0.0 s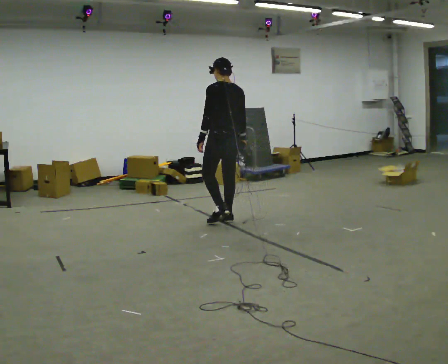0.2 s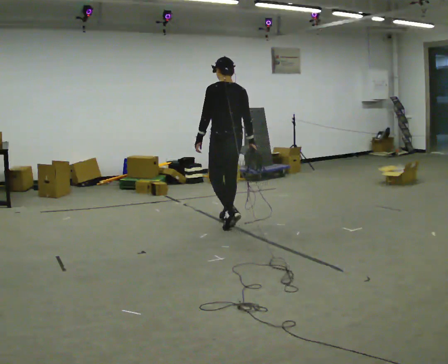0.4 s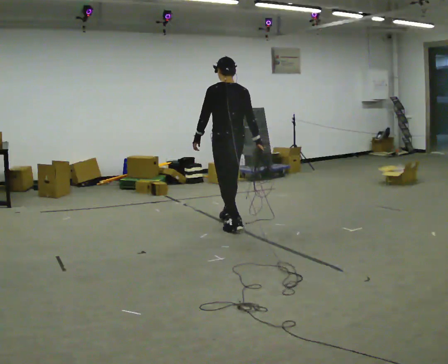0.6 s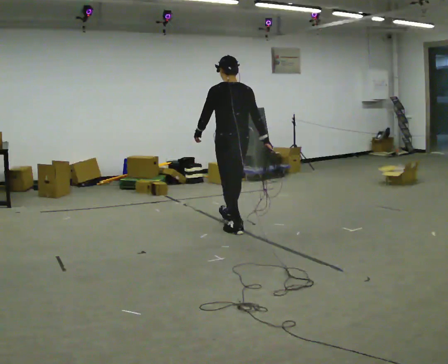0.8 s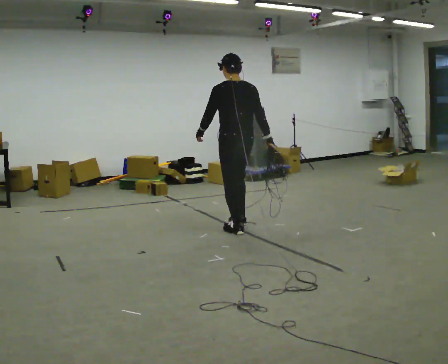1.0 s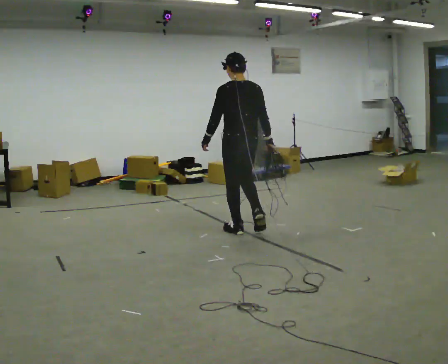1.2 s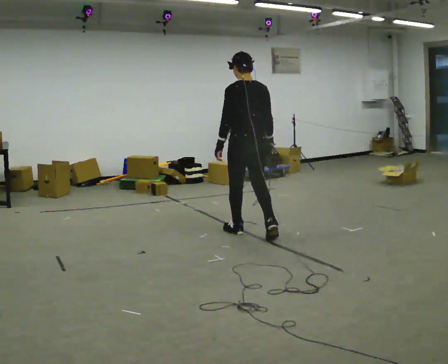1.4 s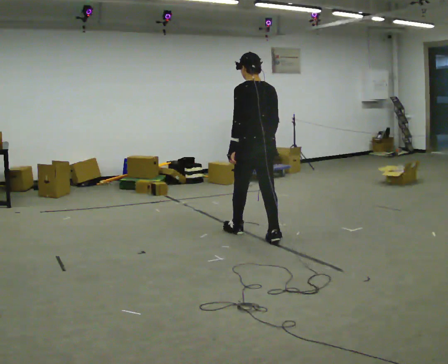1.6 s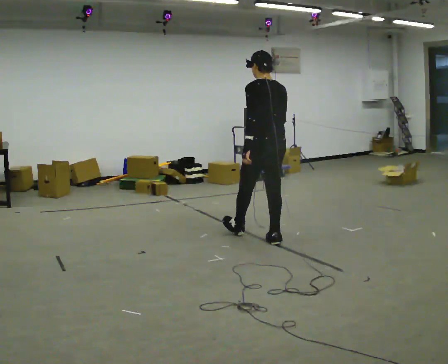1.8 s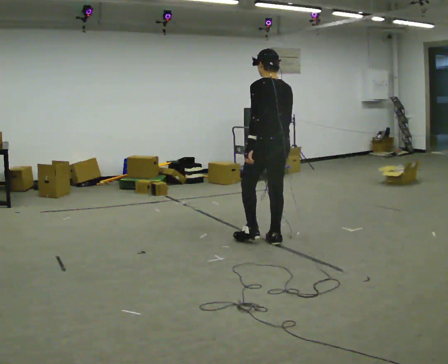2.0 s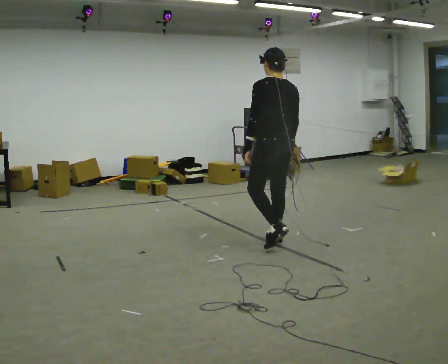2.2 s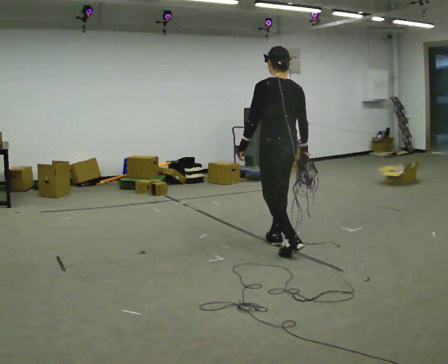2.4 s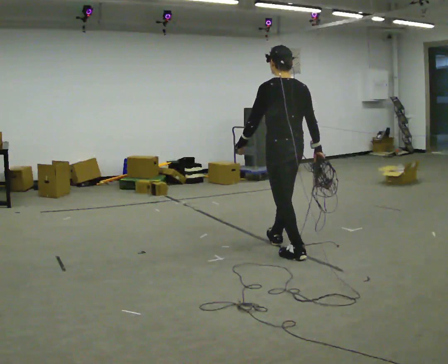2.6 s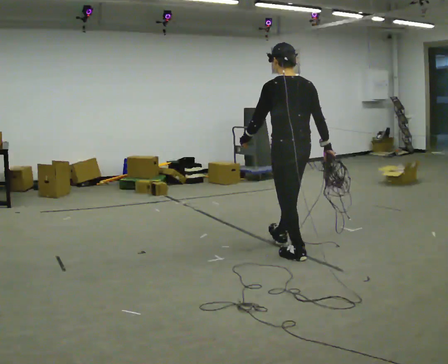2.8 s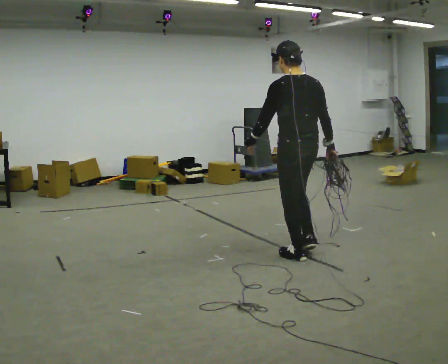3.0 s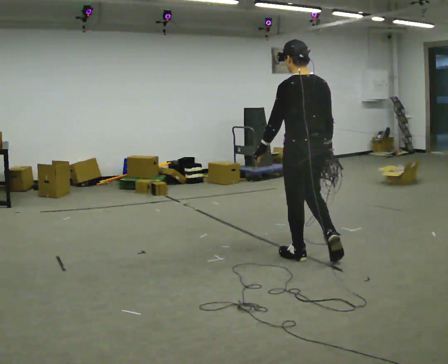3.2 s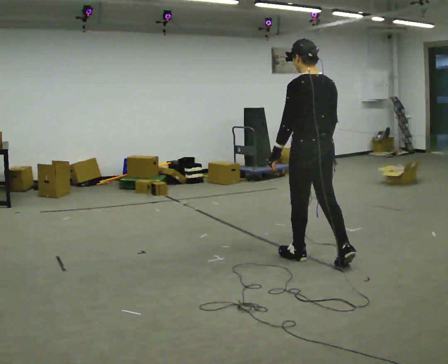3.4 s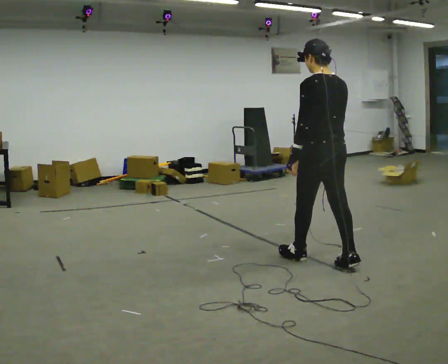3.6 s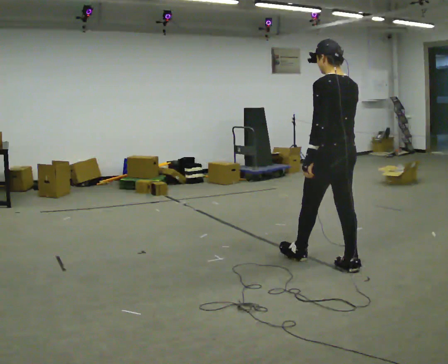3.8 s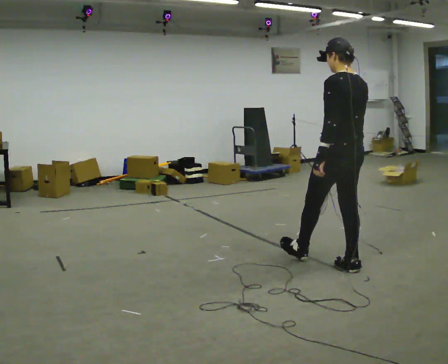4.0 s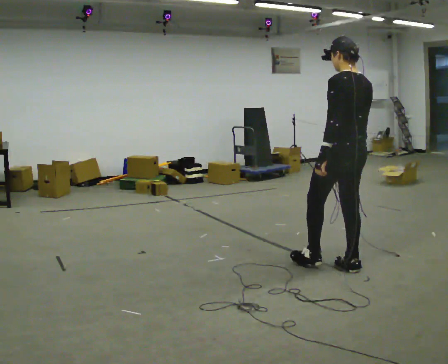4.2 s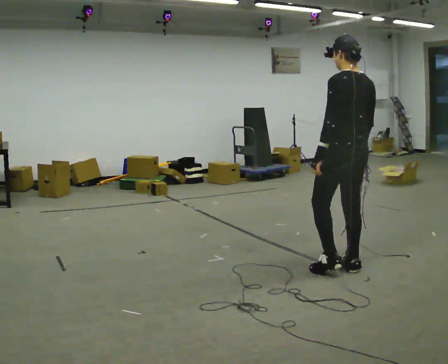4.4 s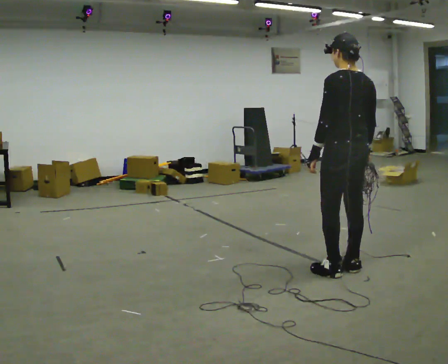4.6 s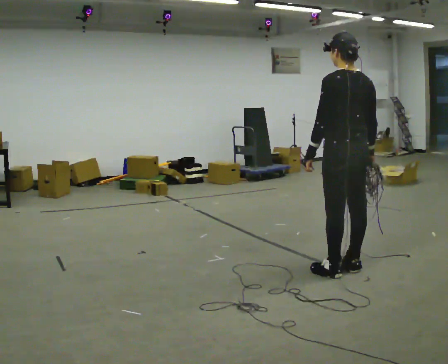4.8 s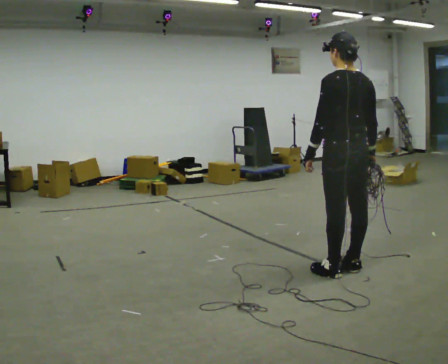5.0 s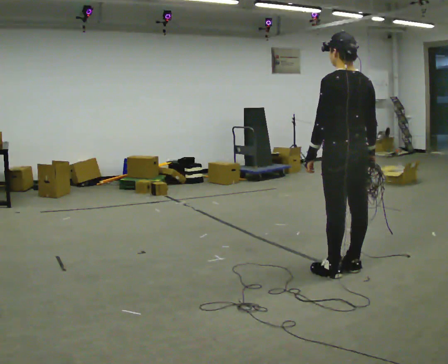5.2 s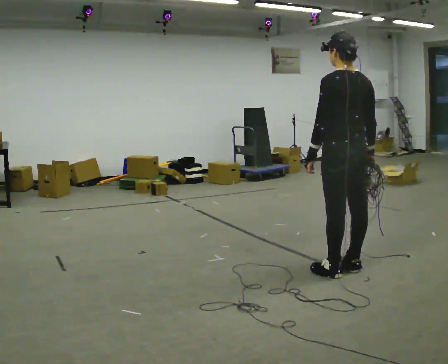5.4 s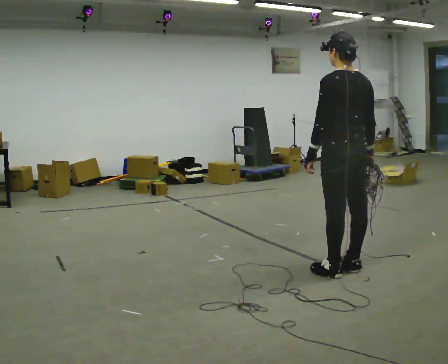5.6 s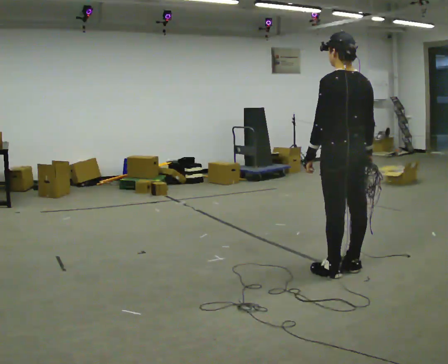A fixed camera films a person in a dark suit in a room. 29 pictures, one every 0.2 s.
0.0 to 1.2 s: In the picture they go toward the camera and to the right, about 0.5 m in 1 step, which for them is backward.
1.2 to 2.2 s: In the picture they go to the right and toward the camera, about 0.5 m in 1 step, which for them is backward.
2.2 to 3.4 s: In the picture they go to the right and toward the camera, about 0.5 m in 1 step, which for them is backward.
3.4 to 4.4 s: In the picture they go to the right and toward the camera, about 0.25 m in 1 step, which for them is backward.
4.4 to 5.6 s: The person moves a little, or ends about where they began.
The film runs backward here.
